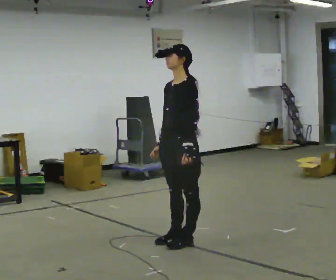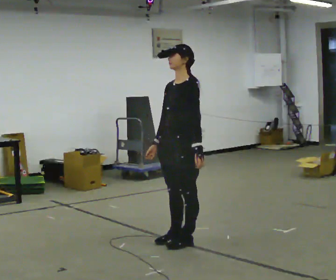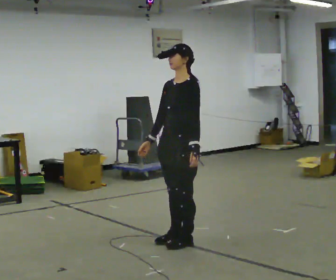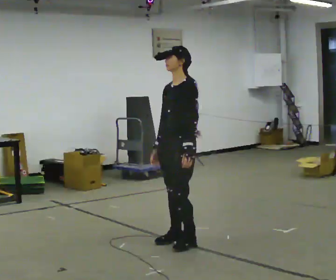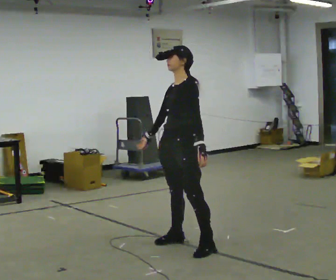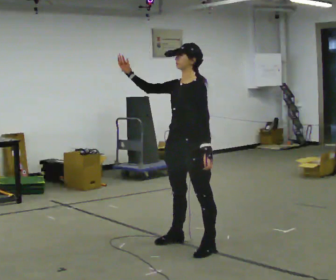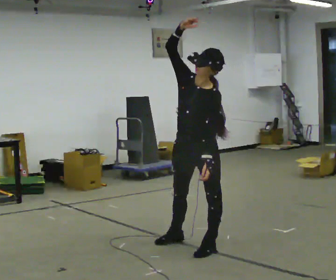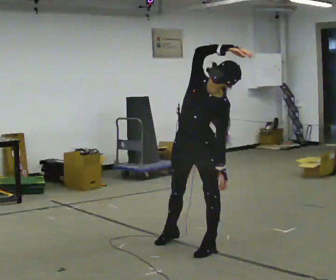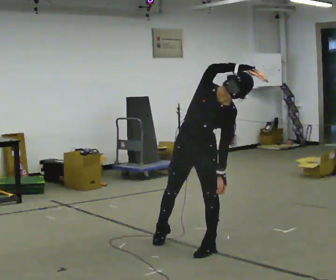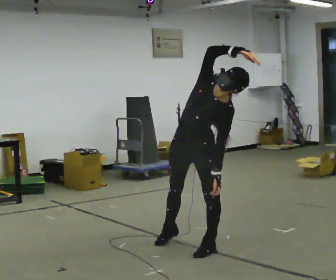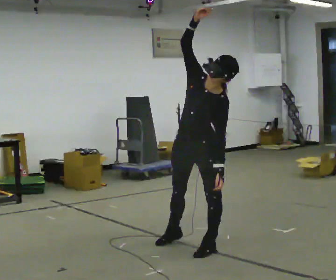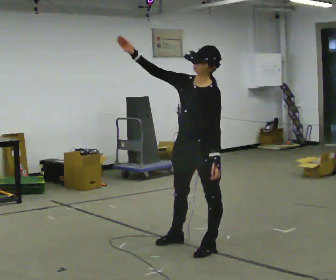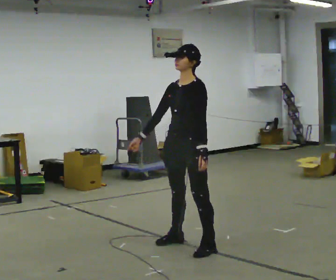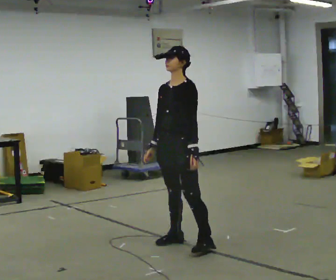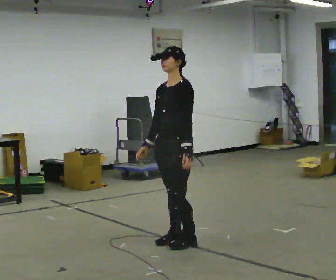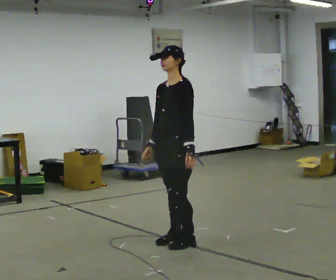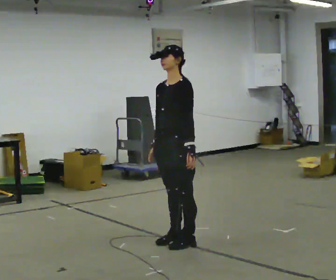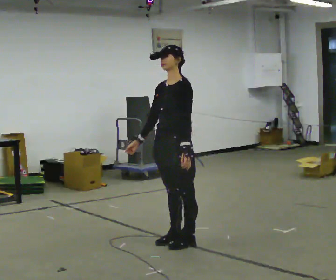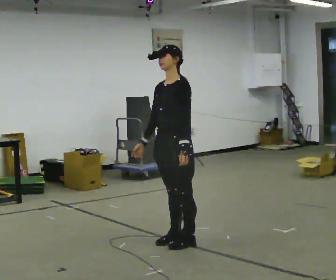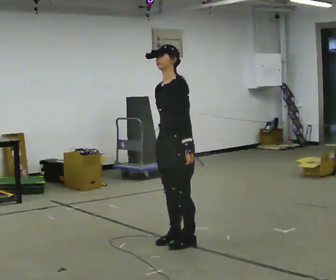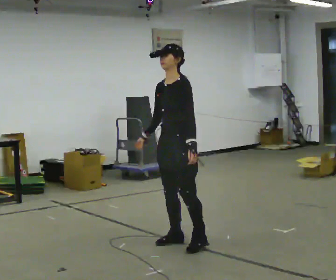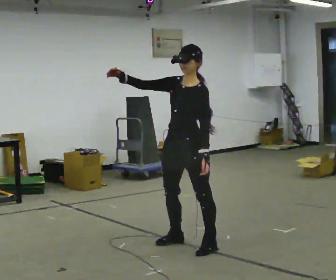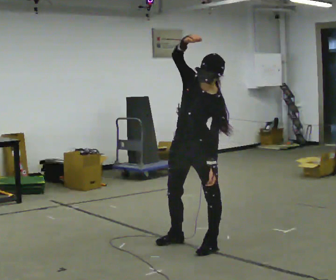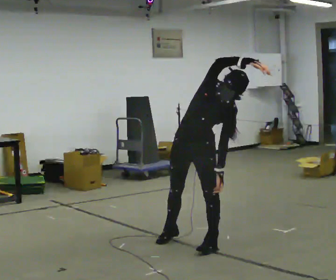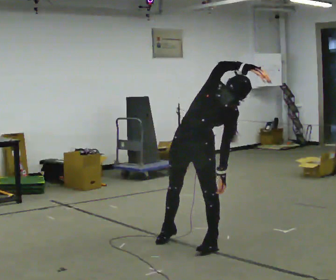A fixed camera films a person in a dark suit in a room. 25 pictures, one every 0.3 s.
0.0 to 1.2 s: The person moves a little, or ends about where they began.
1.2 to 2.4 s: The part of the body nearest the lens slides to the right as the person turns to their left by about 60 degrees. The upper body tips toward the camera, its near side rolling downward, as they bend forward. In the picture their right hand goes to the right and upward.
2.4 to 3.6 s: The part of the body nearest the lens slides to the left as the person turns to their right by about 45 degrees. The upper body tips away from the camera, its near side rolling upward, as they lean back or straighten. In the picture their right hand goes to the left and downward.
3.6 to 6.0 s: The person moves a little, or ends about where they began.
6.0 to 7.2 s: Seen from above the body turns counterclockwise, about 45 degrees: to their left, with its near side sliding to the right. In the picture the upper body tilts clockwise, shoulders to the right, as they bend forward. In the picture their right hand goes to the right and upward.
The film runs backward here.
